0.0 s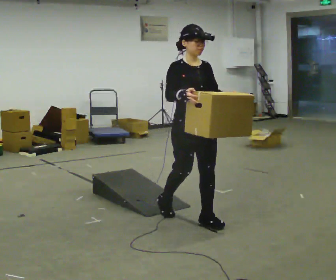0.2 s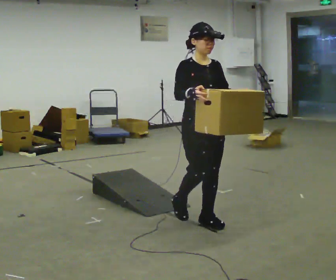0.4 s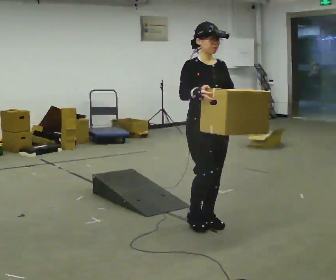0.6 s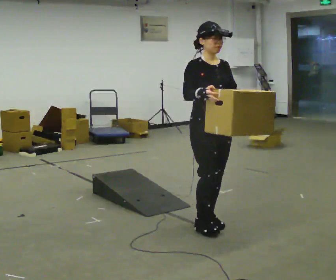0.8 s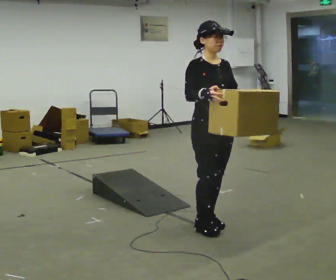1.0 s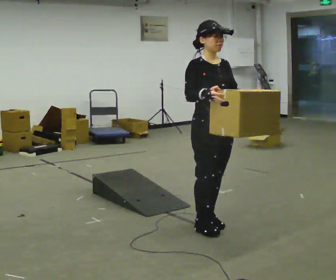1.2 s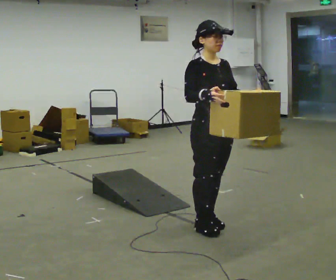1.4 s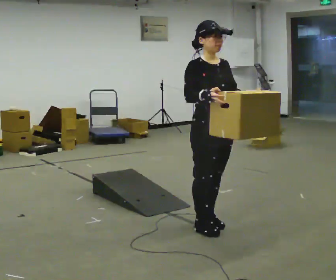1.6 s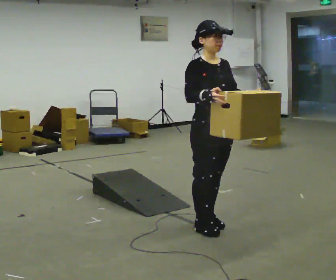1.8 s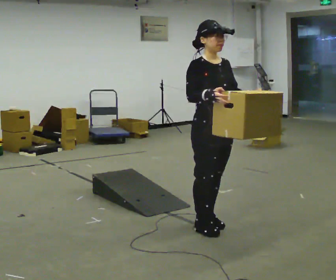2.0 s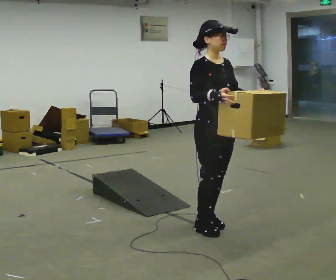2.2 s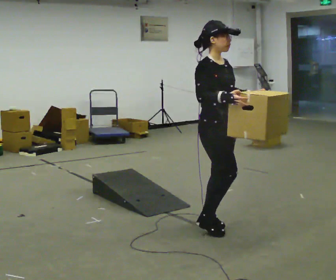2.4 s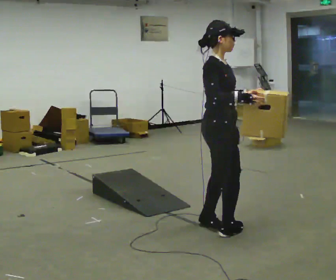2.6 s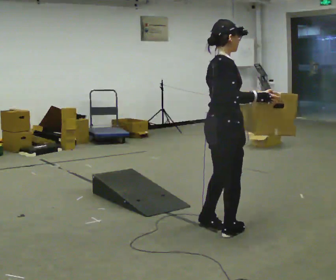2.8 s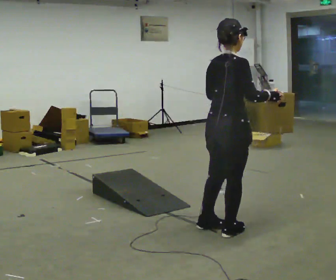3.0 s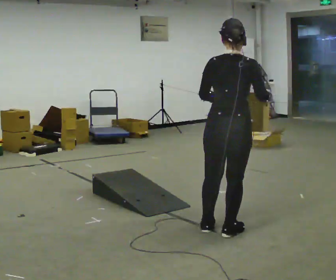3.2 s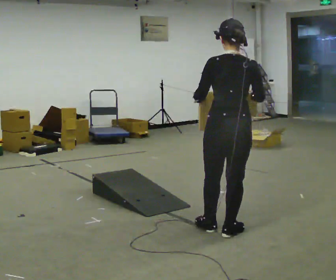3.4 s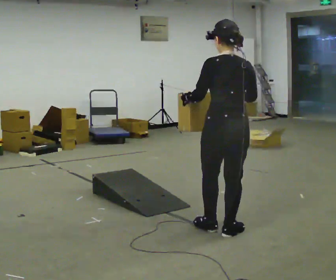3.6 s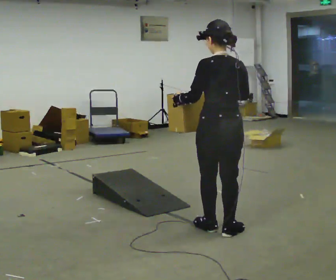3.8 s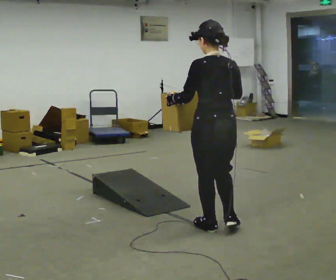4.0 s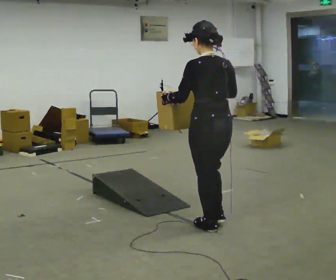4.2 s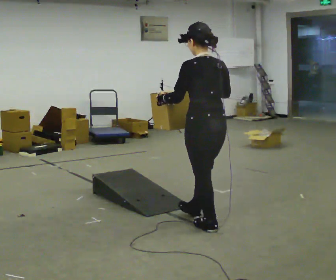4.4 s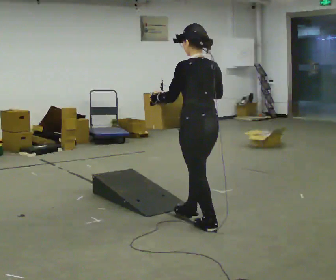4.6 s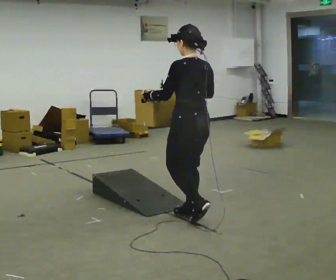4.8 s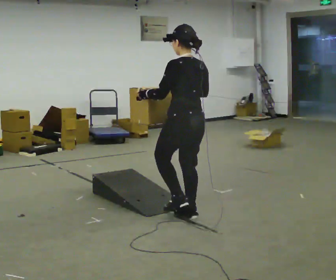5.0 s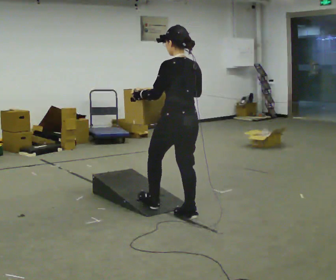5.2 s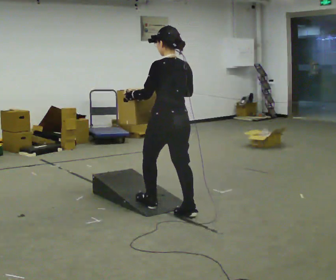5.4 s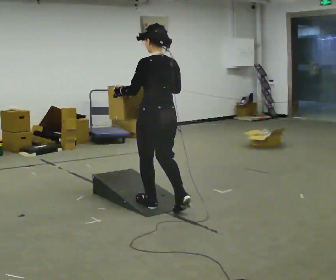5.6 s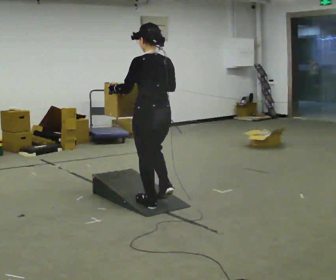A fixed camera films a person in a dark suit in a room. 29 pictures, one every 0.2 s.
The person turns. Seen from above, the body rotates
counterclockwise.
The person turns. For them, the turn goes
to their left.
0.0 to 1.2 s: In the picture they go toward the camera, about 0.25 m in 1 step, which for them is forward.
1.2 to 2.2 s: The person turns about 30 degrees to their left, counterclockwise seen from above, so the part of the body nearest the lens slides to the right.
2.2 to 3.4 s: Seen from above the body turns counterclockwise, about 135 degrees: to their left, with its near side sliding to the right. In the picture their left hand goes to the left.
3.4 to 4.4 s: In the picture they go away from the camera and to the left, about 0.25 m in 1 step, which for them is forward.
4.4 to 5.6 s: In the picture they go to the left and away from the camera, about 0.5 m in 1 step, which for them is forward.
The film runs forward here.
